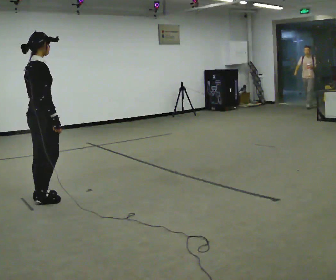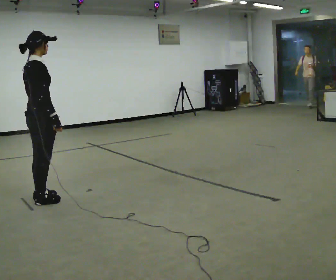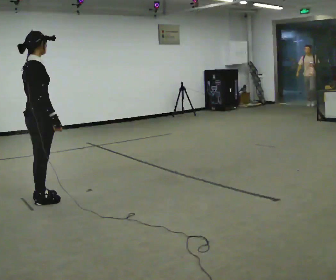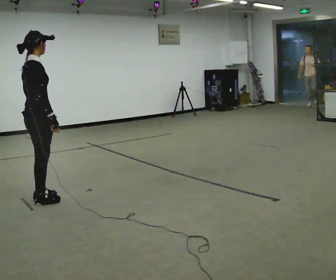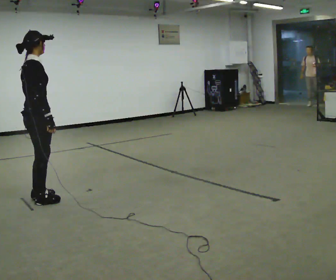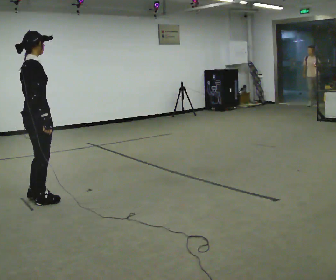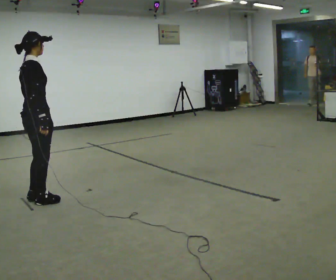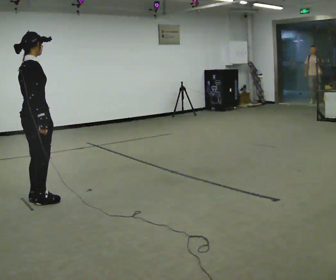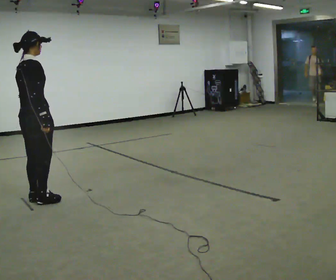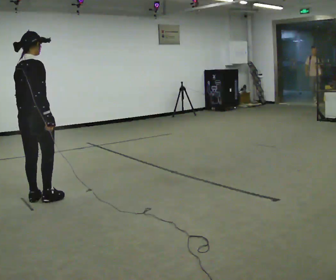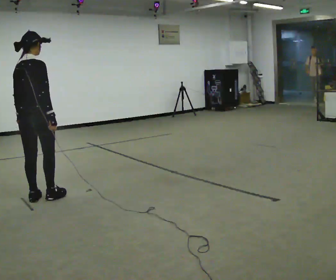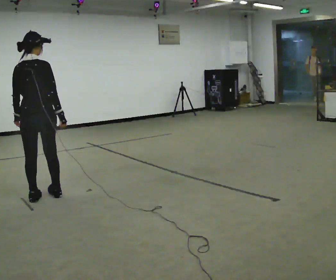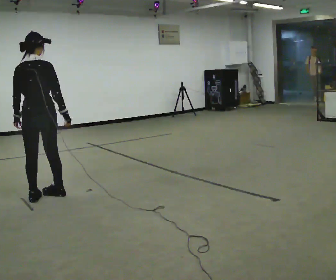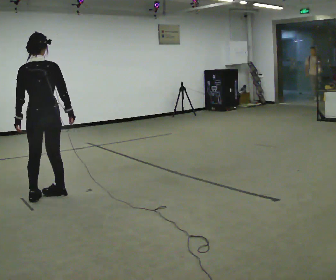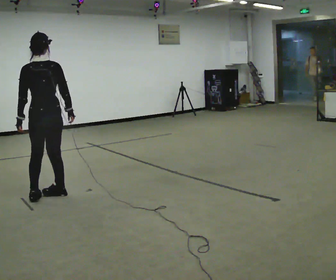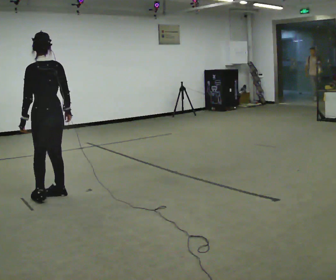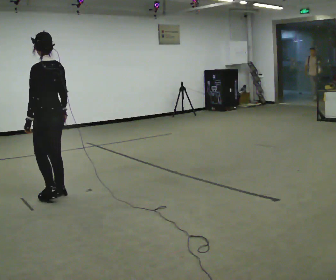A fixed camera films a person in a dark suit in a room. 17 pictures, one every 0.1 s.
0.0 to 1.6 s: The part of the body nearest the lens slides to the right as the person turns to their left by about 105 degrees.
The film runs backward here.
